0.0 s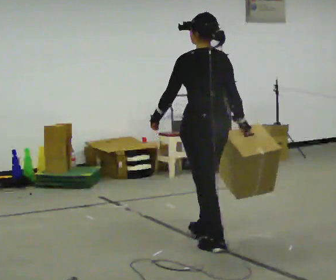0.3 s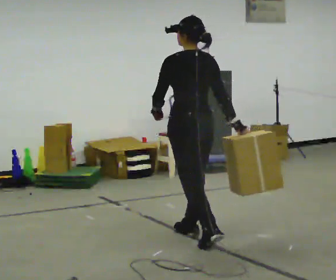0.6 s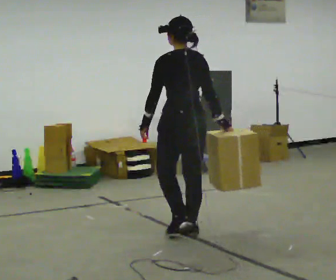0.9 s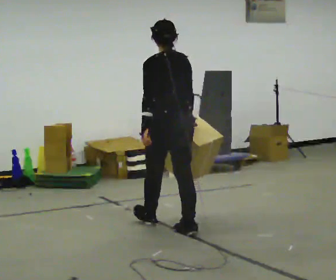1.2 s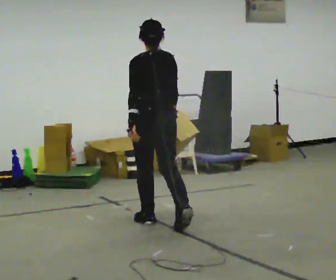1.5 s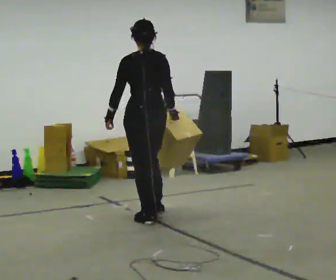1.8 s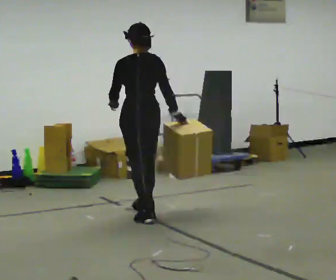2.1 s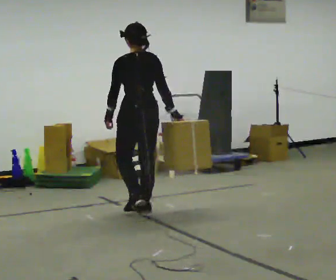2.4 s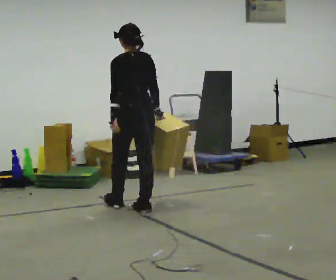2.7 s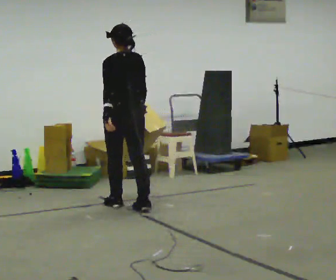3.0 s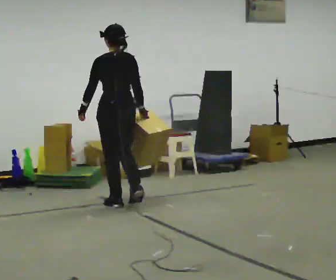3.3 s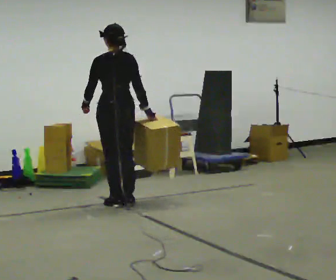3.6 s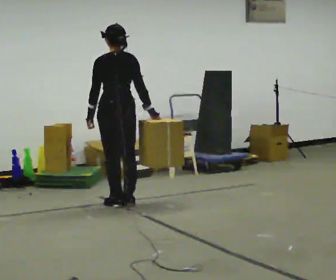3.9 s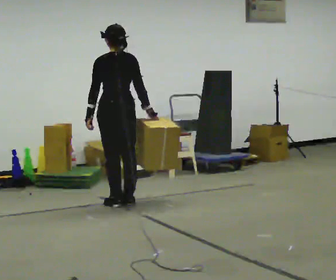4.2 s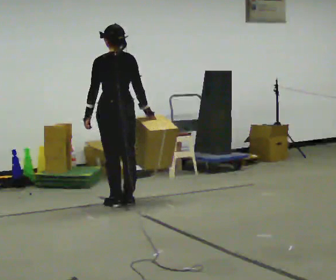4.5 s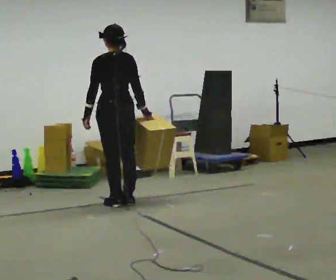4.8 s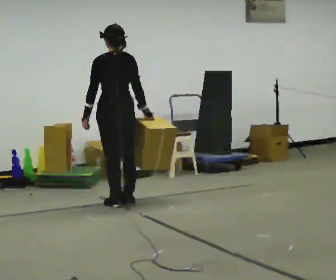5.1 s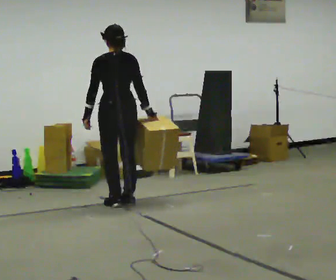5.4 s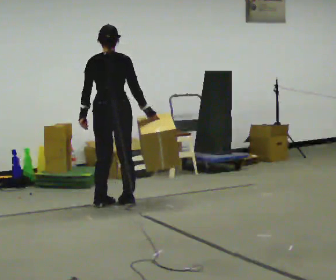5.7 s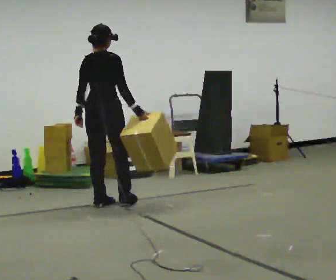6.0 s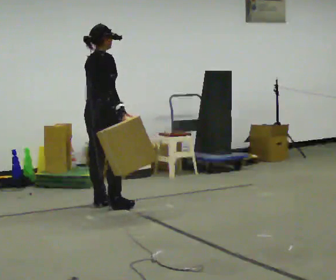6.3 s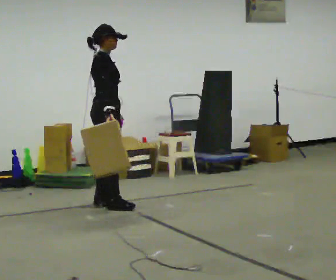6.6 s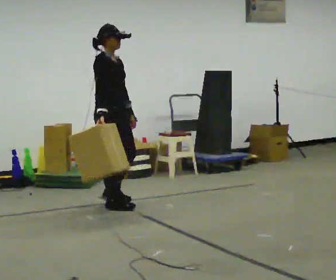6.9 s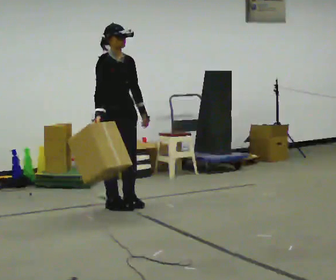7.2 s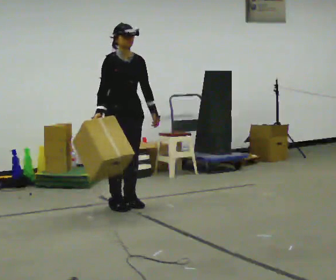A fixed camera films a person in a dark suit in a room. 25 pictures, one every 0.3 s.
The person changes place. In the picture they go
away from the camera.
The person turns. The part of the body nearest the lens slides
to the left.
0.0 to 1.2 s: In the picture they go away from the camera and to the left, about 0.5 m in 2 steps, which for them is forward.
1.2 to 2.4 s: In the picture they go away from the camera, about 0.5 m in 2 steps, which for them is forward.
2.4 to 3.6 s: In the picture they go away from the camera, about 0.25 m in 1 step, which for them is forward.
3.6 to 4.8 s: The person moves a little, or ends about where they began.
4.8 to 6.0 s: The part of the body nearest the lens slides to the left as the person turns to their right by about 90 degrees.
6.0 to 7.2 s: Seen from above the body turns clockwise, about 75 degrees: to their right, with its near side sliding to the left. In the picture they go to the right, about 0.25 m in 1 step. In the picture their left hand goes to the right.
The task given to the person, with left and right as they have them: Carry the box across the room while freely looking around at the walls, ceiling and floor. Keep going until the operator says stop; one object at a time, and do not rush between trips.
The film runs forward here.
